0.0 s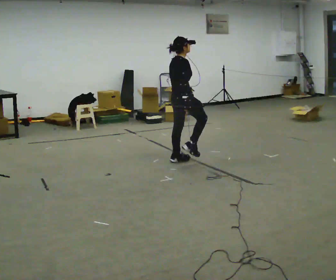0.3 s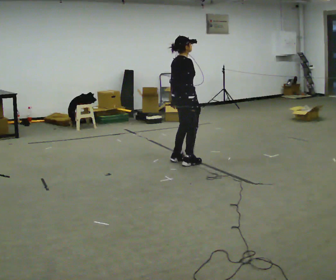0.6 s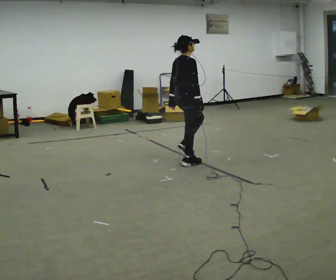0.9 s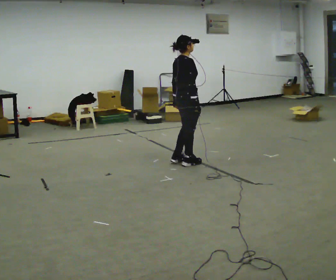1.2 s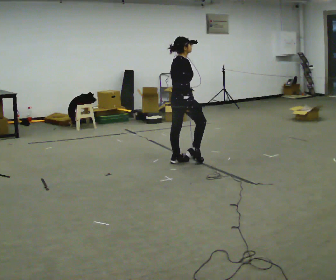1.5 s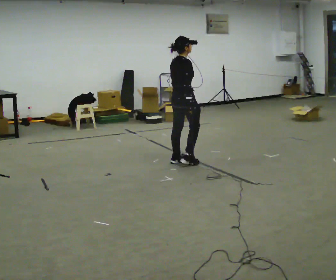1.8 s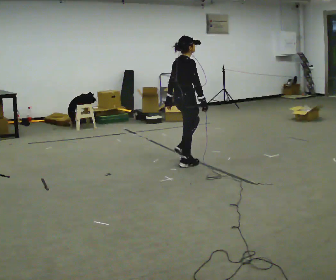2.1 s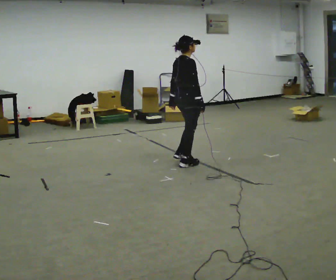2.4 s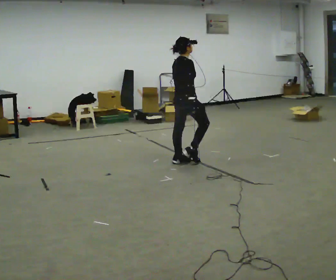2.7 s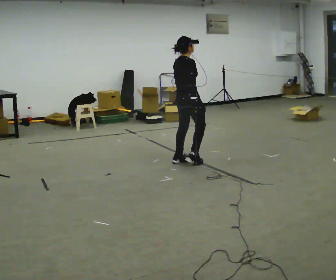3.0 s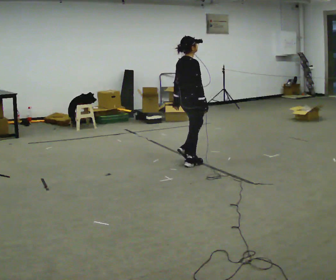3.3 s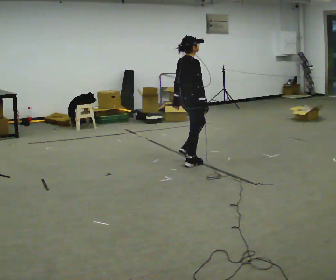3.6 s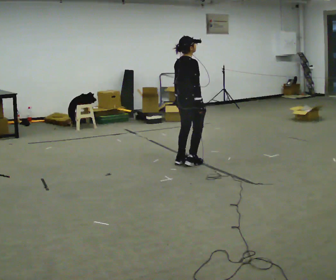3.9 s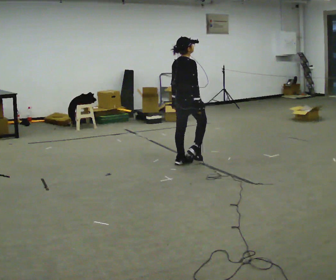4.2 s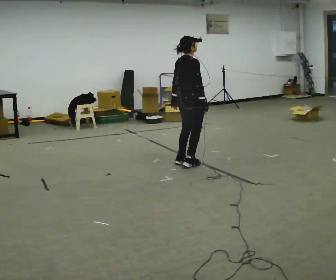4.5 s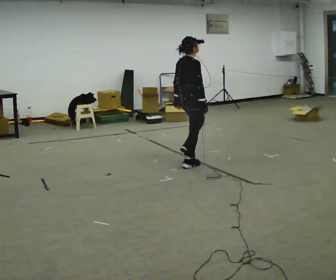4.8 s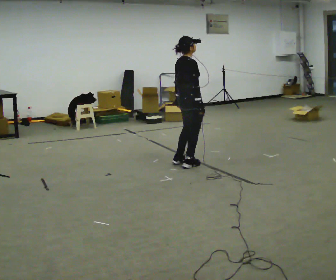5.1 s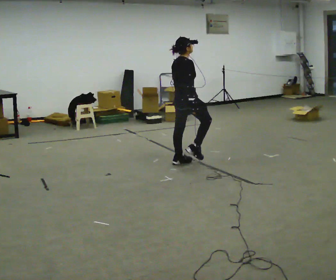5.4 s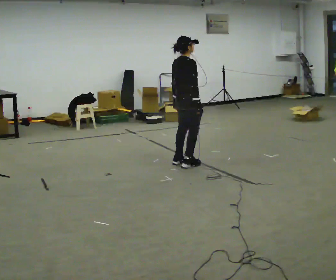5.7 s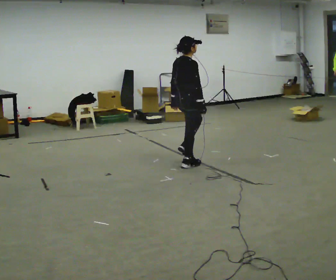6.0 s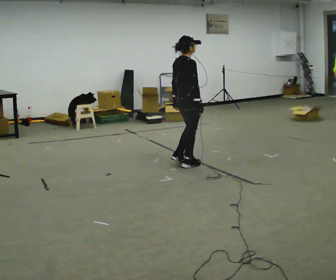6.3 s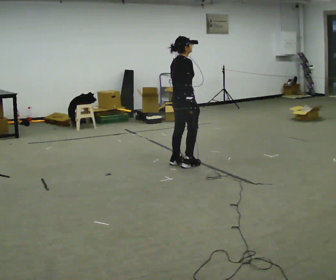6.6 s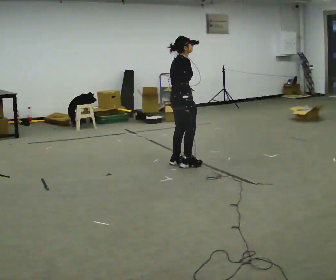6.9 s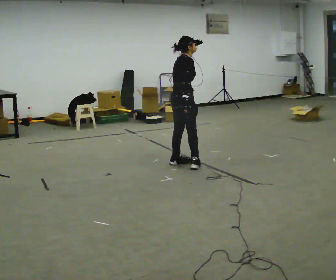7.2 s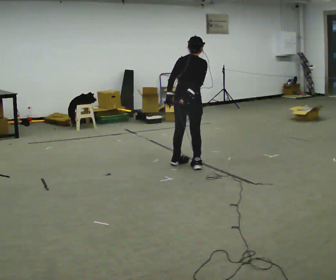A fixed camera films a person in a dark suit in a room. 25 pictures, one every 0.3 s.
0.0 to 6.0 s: In the picture they go toward the camera, about 0.25 m, which for them is to their right.
6.0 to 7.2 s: Seen from above the body turns counterclockwise, about 30 degrees: to their left, with its near side sliding to the right.
The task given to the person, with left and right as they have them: March in place at a comfortable rhythm without moving forward; stop.
The film runs forward here.
